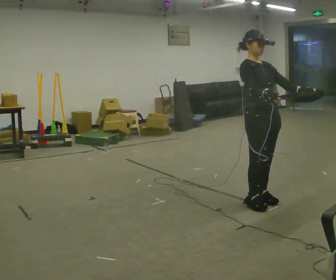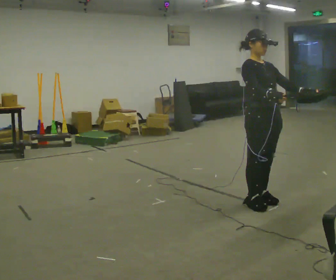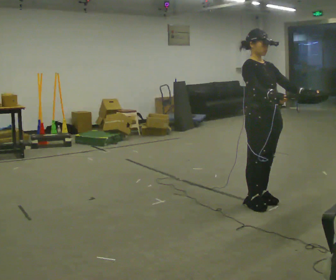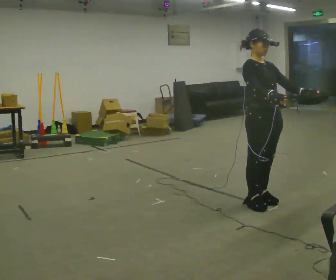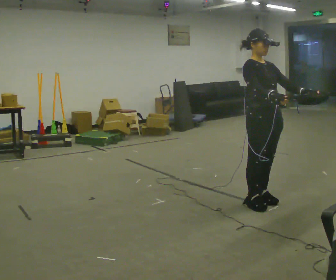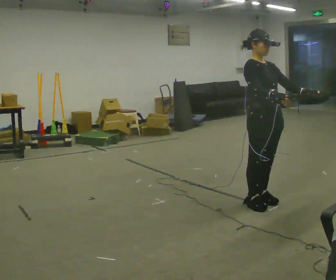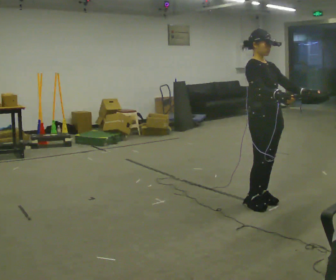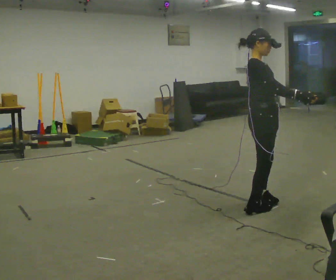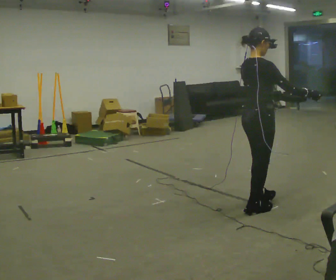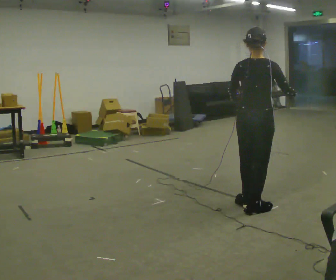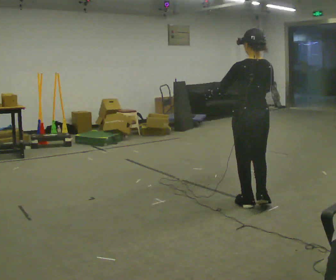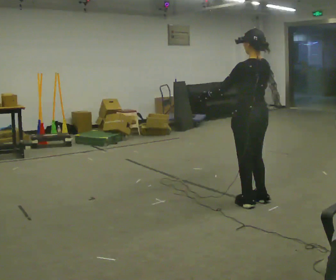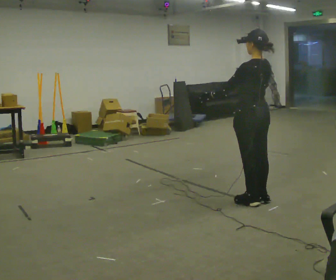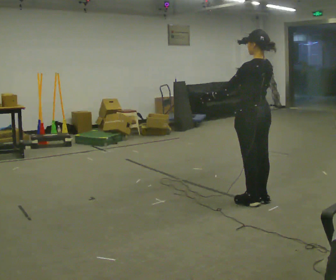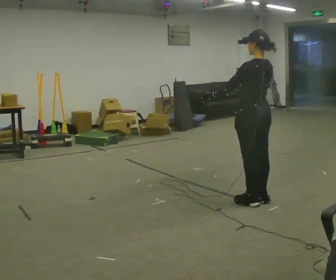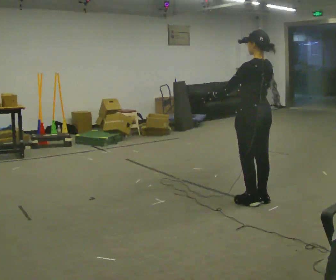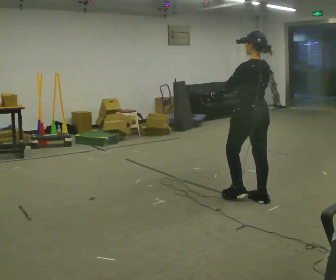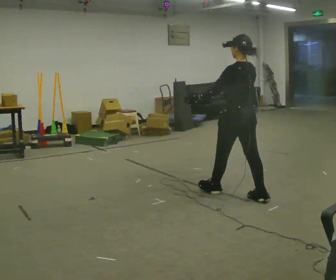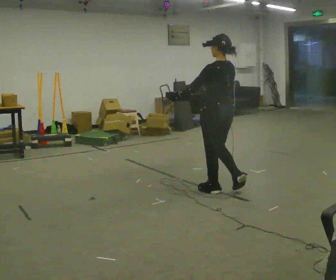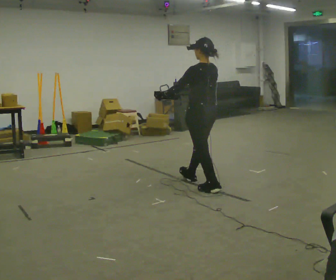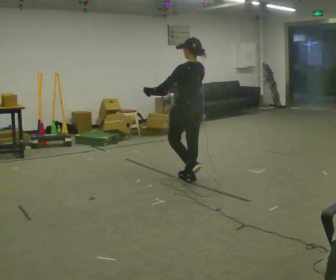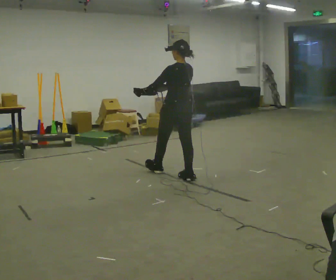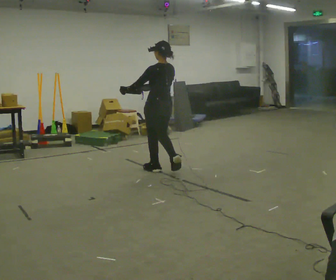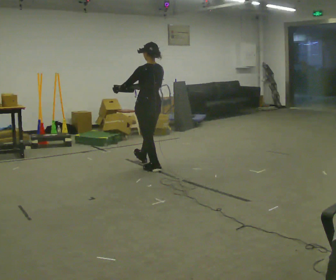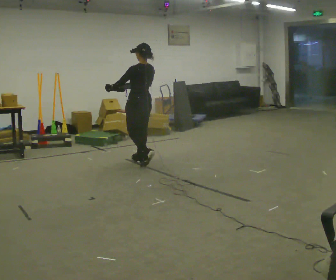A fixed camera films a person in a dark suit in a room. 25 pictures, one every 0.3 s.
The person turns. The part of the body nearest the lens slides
to the right.
The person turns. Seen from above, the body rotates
counterclockwise.
0.0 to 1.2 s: The person moves a little, or ends about where they began.
1.2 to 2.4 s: Seen from above the body turns counterclockwise, about 75 degrees: to their left, with its near side sliding to the right. In the picture their right hand goes to the right.
2.4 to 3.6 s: The person turns about 105 degrees to their left, counterclockwise seen from above, so the part of the body nearest the lens slides to the right. In the picture they go away from the camera, about 0.25 m in 1 step. In the picture their right hand goes to the left.
3.6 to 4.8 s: The person moves a little, or ends about where they began.
4.8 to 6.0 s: In the picture they go to the left and away from the camera, about 1 m in 2 steps, which for them is forward.
6.0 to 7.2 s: In the picture they go to the left and away from the camera, about 1 m in 2 steps, which for them is forward.
The film runs forward here.
